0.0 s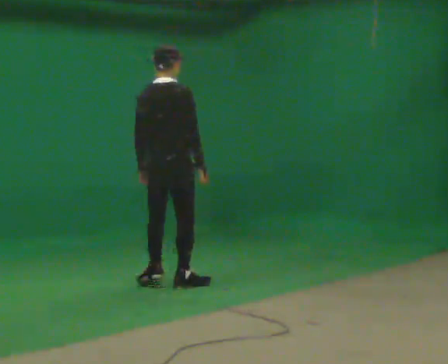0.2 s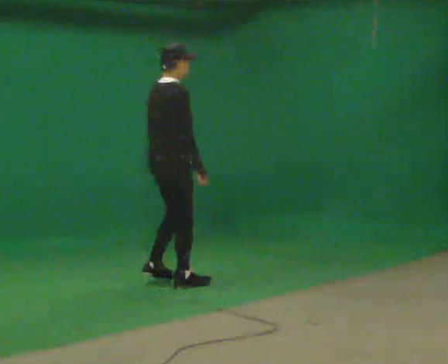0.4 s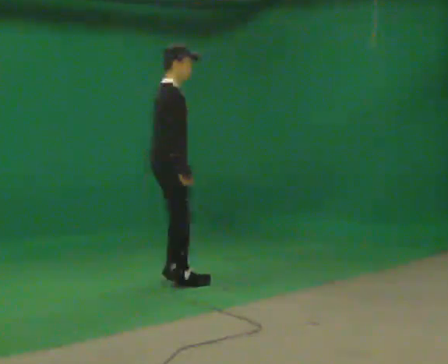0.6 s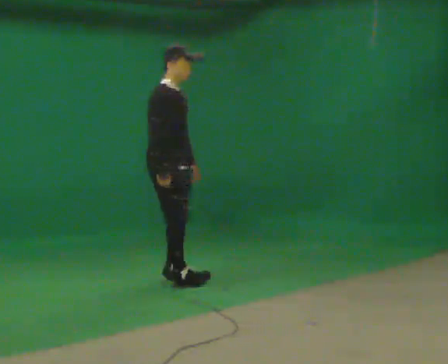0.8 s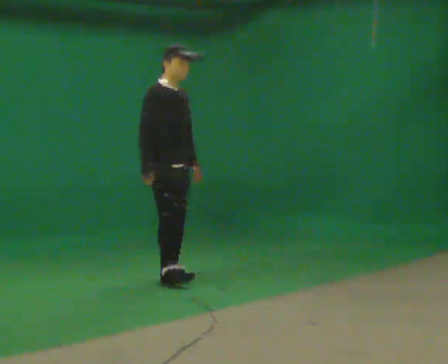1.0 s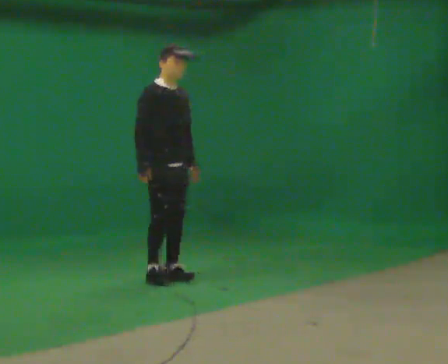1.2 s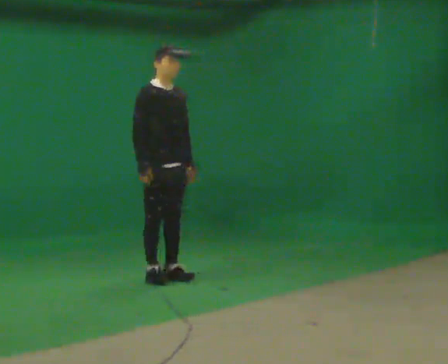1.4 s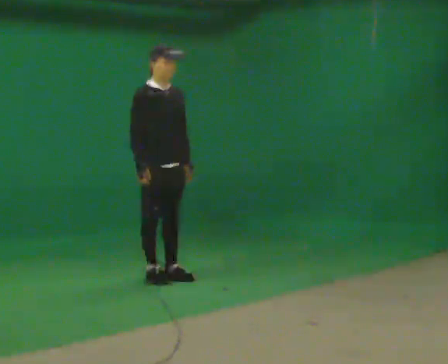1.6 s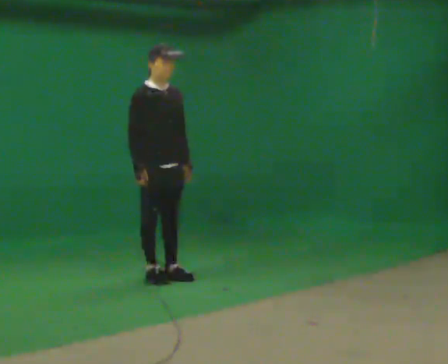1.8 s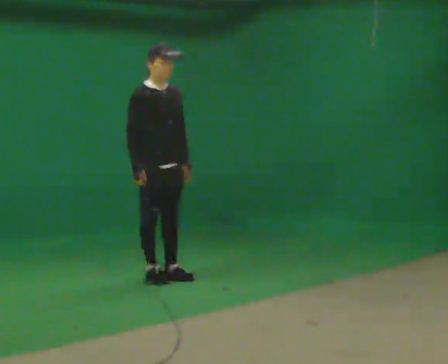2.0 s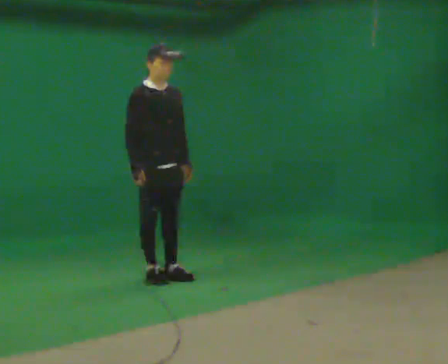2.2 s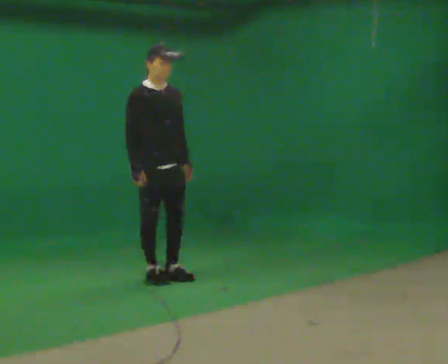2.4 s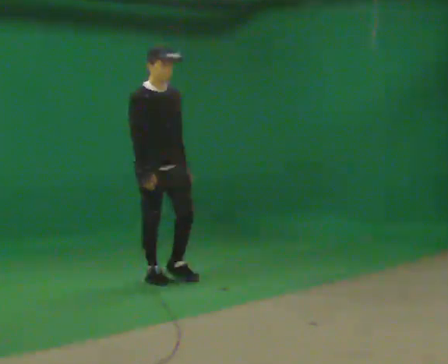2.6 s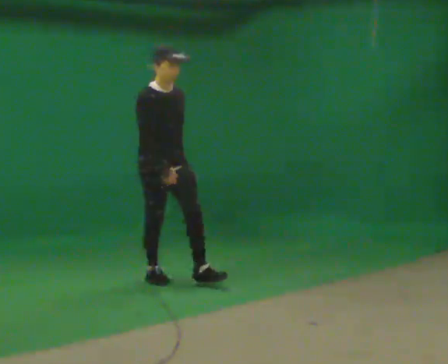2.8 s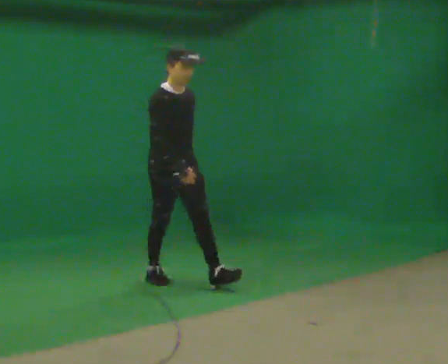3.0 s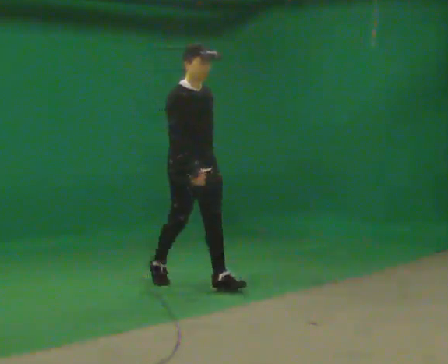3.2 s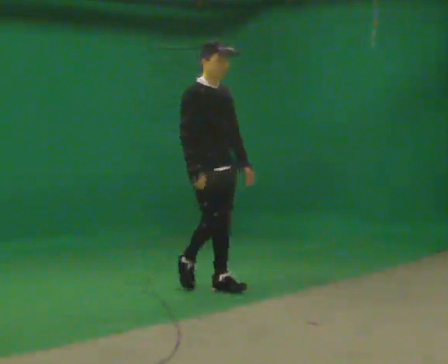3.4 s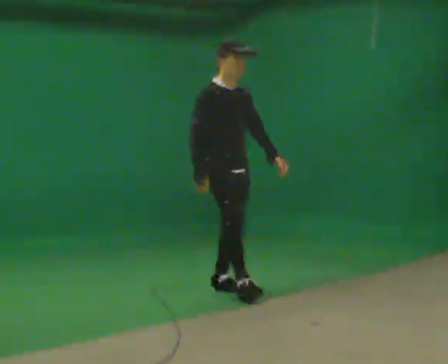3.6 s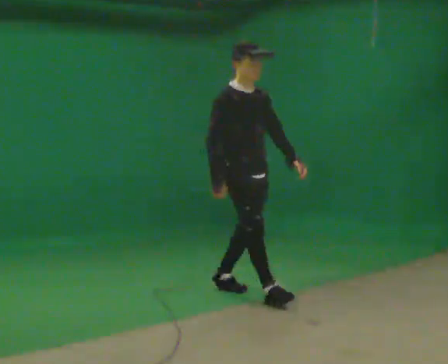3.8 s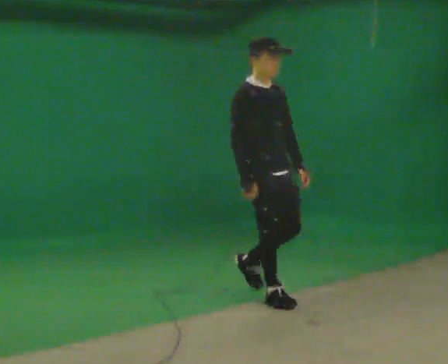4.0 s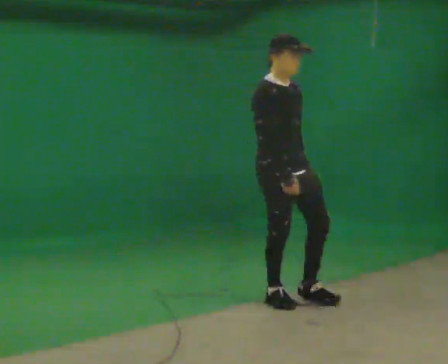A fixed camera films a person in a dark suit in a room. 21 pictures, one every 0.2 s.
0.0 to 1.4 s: The person turns about 105 degrees to their right, clockwise seen from above, so the part of the body nearest the lens slides to the left. In the picture they go away from the camera, about 0.25 m in 2 steps.
1.4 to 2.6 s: The person moves a little, or ends about where they began.
2.6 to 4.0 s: In the picture they go toward the camera and to the right, about 1 m in 2 steps, which for them is forward.
The film runs forward here.
